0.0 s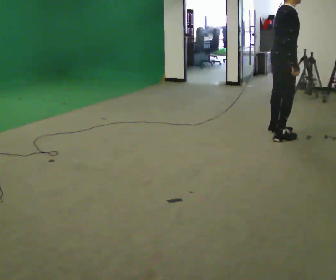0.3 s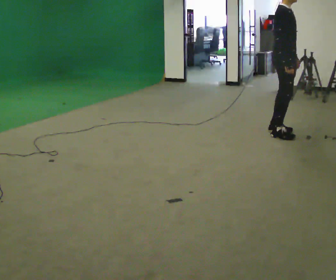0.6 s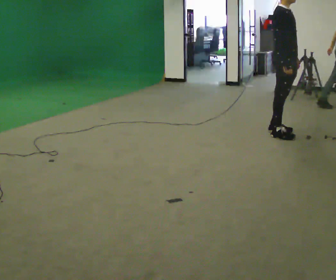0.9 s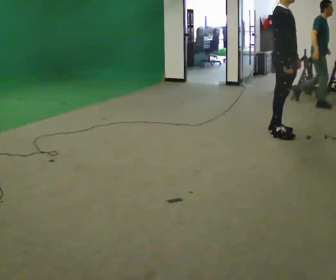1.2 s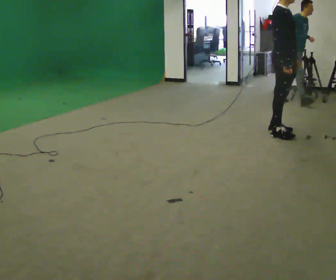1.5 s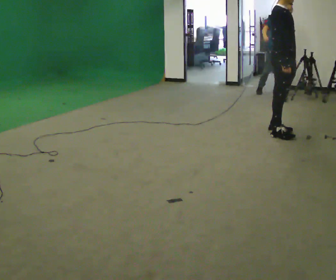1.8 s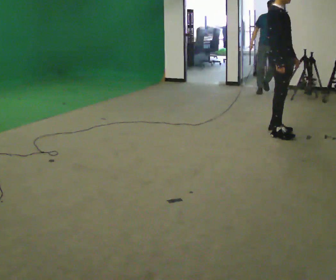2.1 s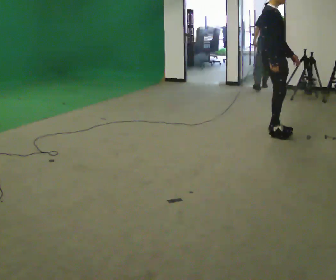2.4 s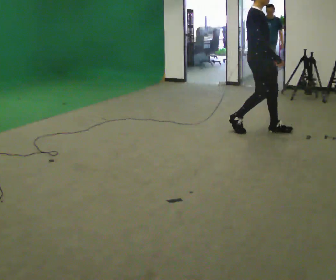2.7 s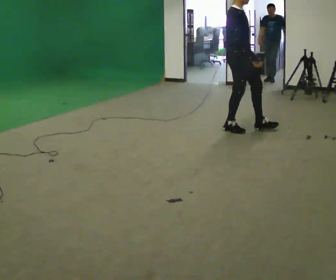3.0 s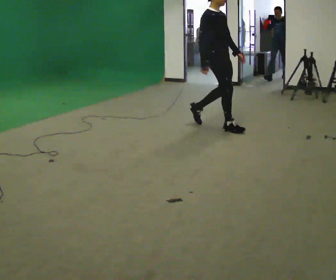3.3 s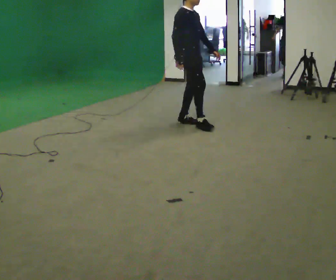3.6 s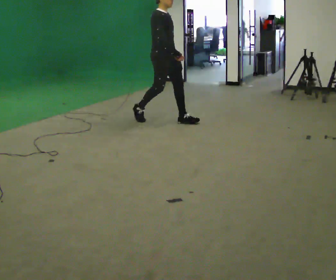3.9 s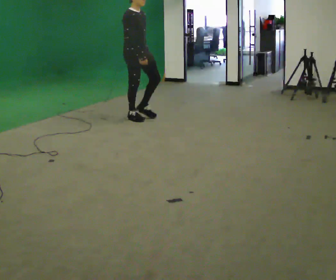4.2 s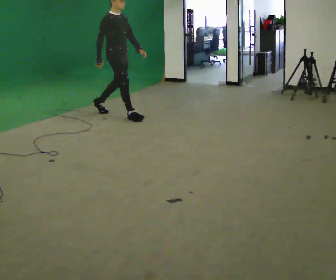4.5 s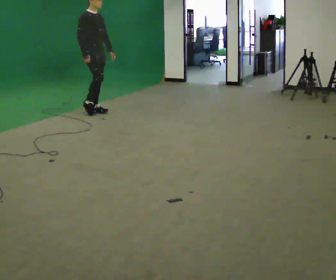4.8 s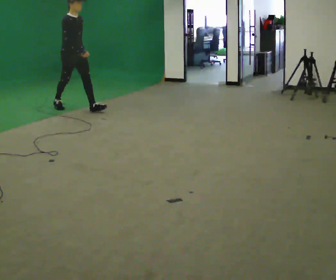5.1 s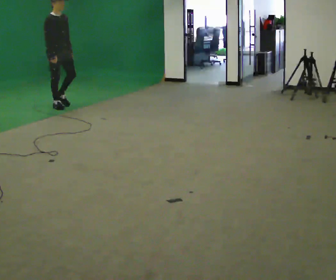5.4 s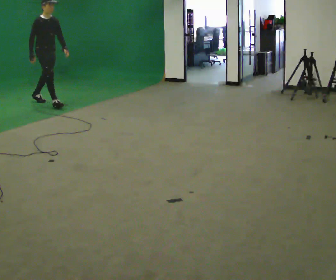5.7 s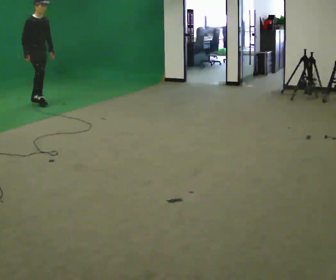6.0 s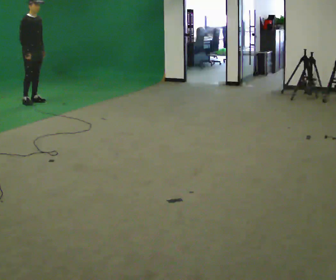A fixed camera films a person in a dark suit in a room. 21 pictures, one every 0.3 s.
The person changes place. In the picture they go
to the left.
0.0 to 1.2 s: The part of the body nearest the lens slides to the left as the person turns to their right by about 30 degrees.
1.2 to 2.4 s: In the picture they go to the left, about 0.25 m in 1 step, which for them is backward.
2.4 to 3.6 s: In the picture they go to the left, about 1 m in 2 steps, which for them is backward.
3.6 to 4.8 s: In the picture they go to the left, about 1.5 m in 3 steps, which for them is backward.
4.8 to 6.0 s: In the picture they go to the left and away from the camera, about 1 m in 1 step, which for them is backward.
The film runs backward here.
